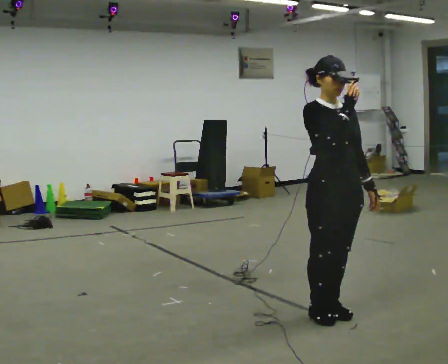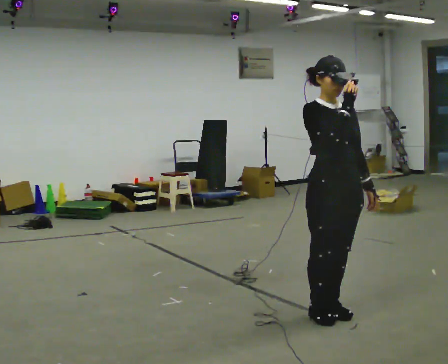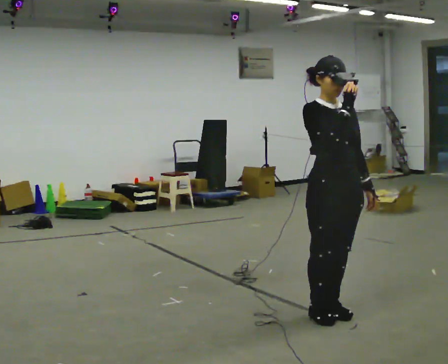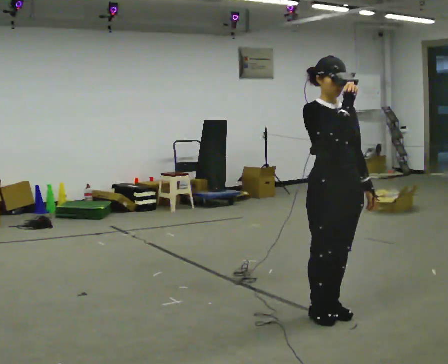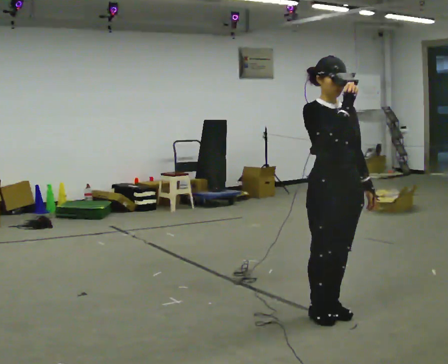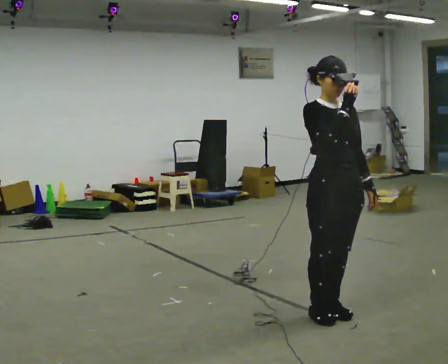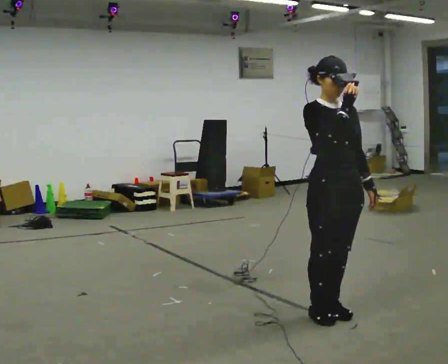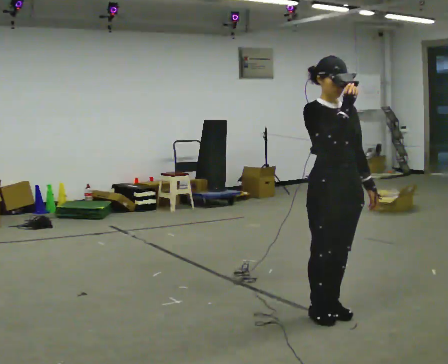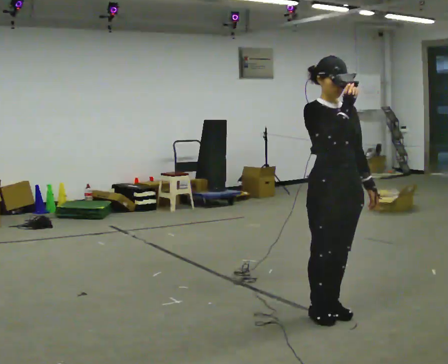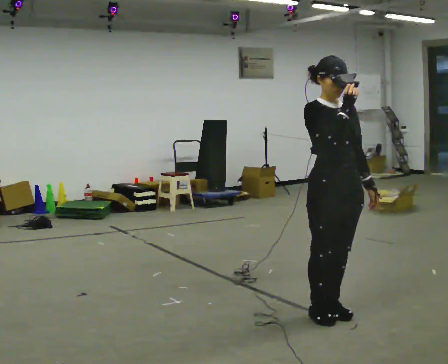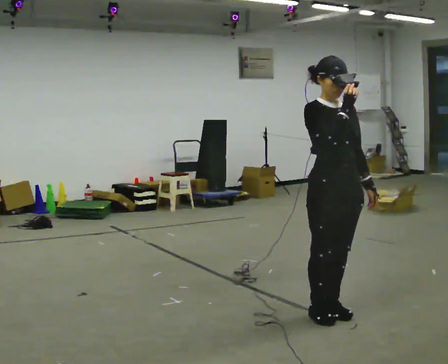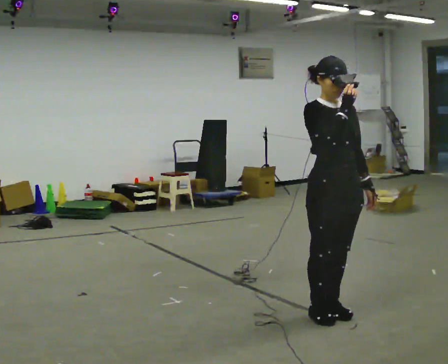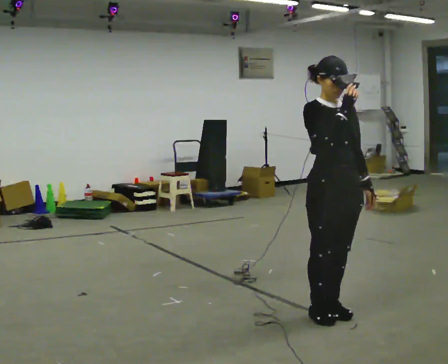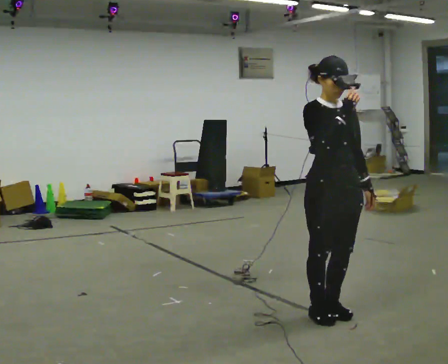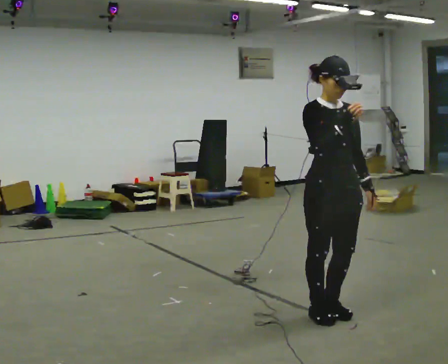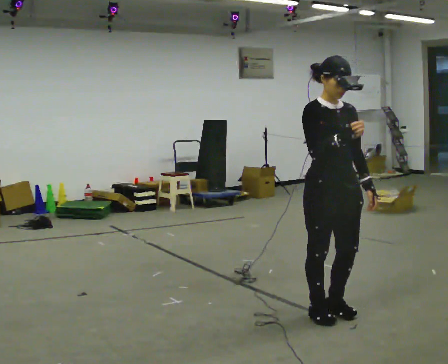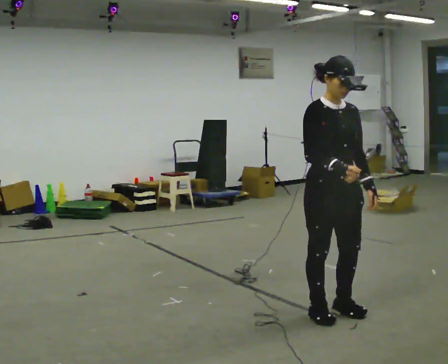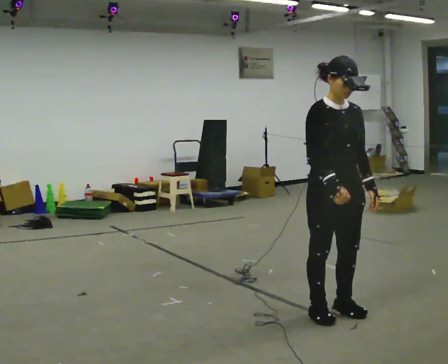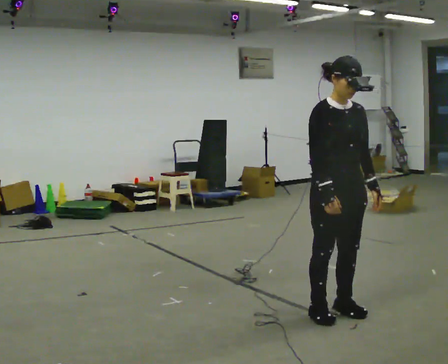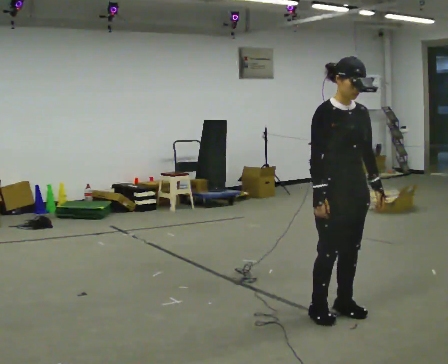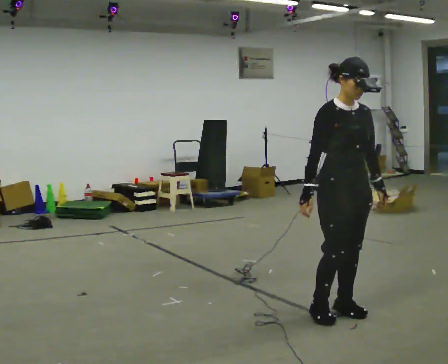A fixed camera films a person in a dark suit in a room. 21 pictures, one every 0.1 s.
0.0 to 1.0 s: The person moves a little, or ends about where they began.
1.0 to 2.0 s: In the picture their right hand goes downward.
The film runs backward here.
